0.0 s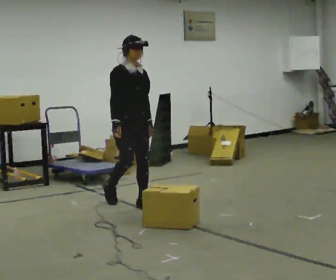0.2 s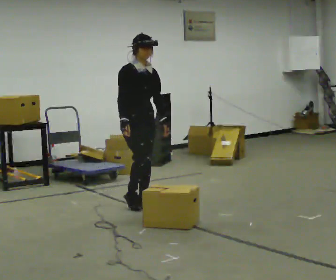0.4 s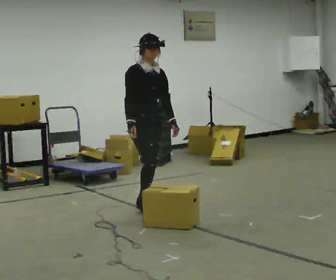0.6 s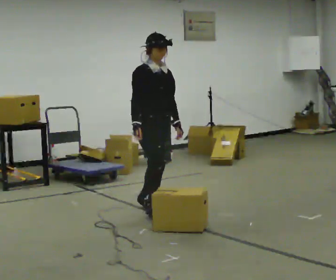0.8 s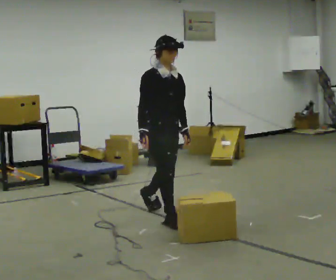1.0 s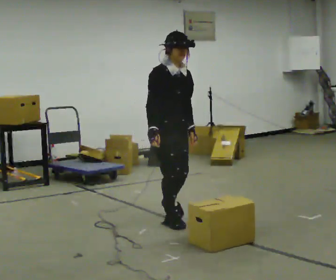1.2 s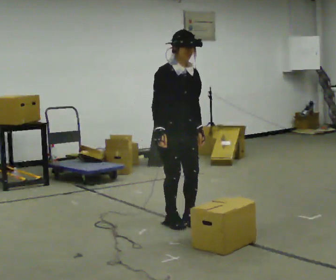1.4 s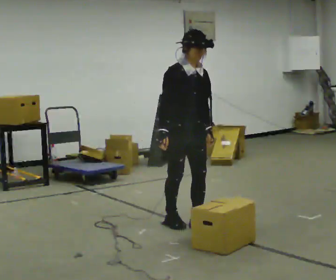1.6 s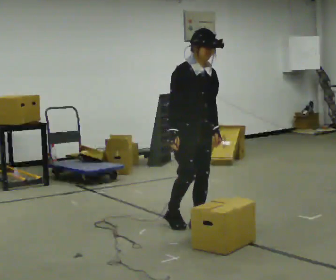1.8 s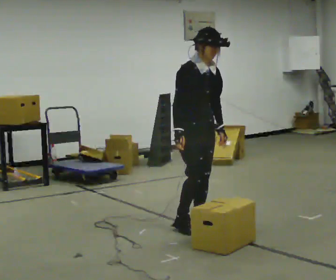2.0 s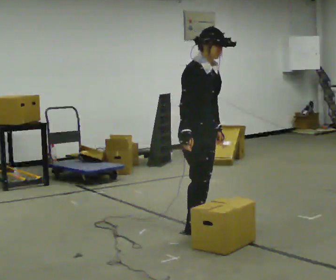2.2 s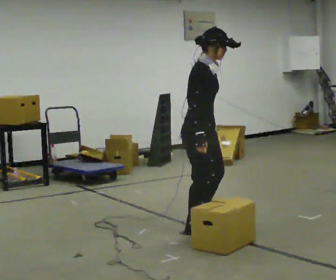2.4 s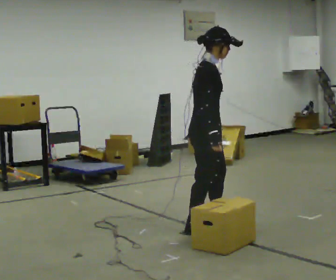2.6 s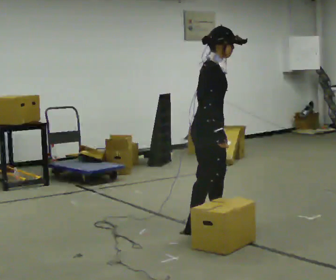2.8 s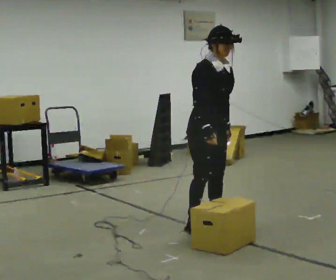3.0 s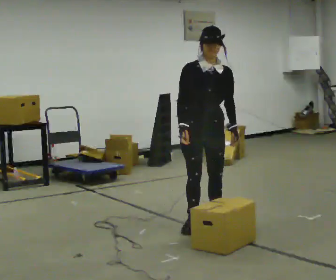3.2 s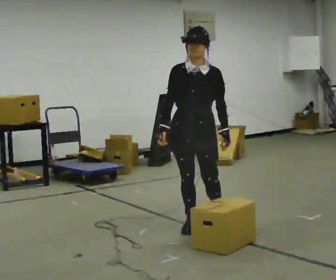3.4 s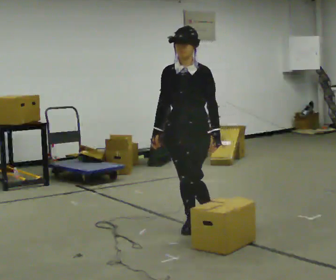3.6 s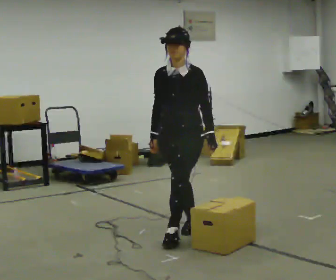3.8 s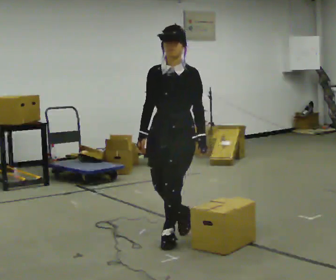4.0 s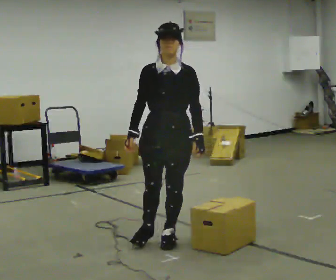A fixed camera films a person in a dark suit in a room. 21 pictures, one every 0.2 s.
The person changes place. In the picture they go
toward the camera.
0.0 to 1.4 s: In the picture they go toward the camera and to the right, about 1 m in 2 steps, which for them is forward.
1.4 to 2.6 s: The person turns about 30 degrees to their left, counterclockwise seen from above, so the part of the body nearest the lens slides to the right. In the picture they go to the right, about 0.25 m in 2 steps, which for them is forward. In the picture their right hand goes to the right.
2.6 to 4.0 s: The person turns about 75 degrees to their right, clockwise seen from above, so the part of the body nearest the lens slides to the left. In the picture they go toward the camera and to the left, about 0.5 m in 1 step.
The film runs forward here.
